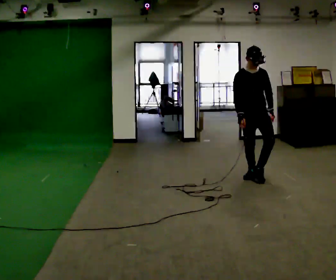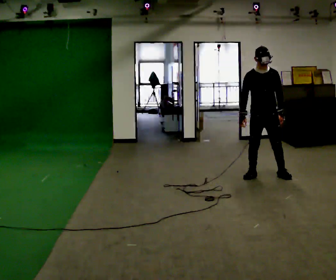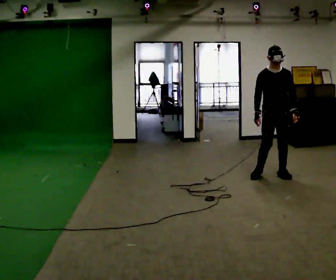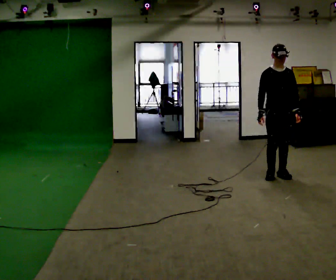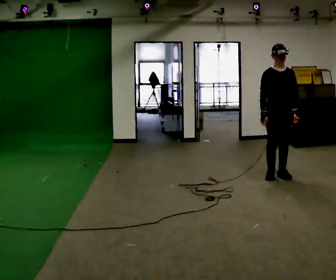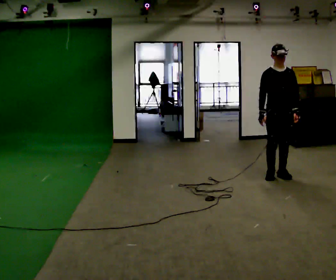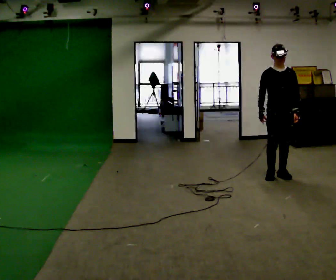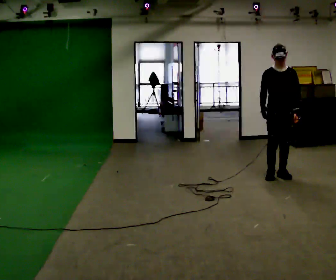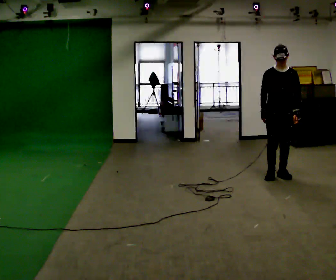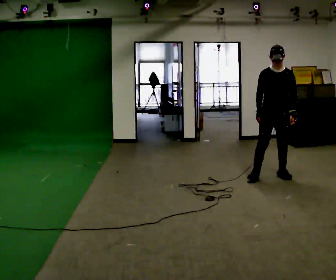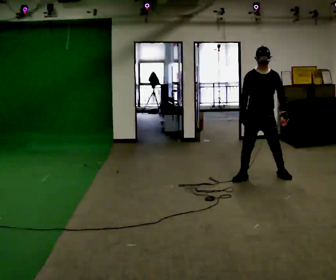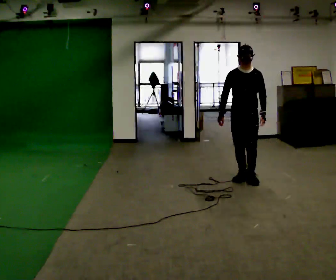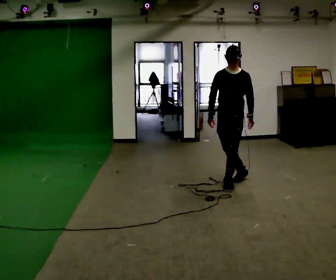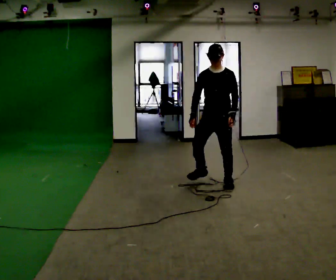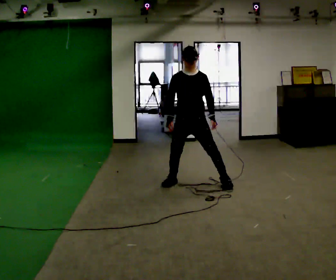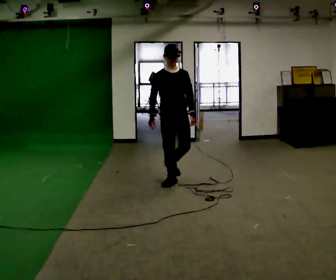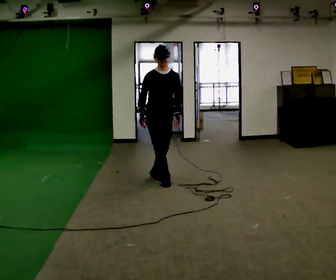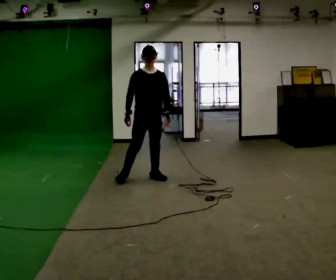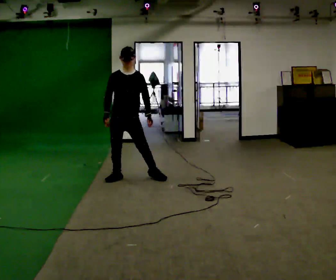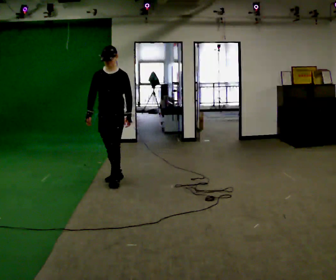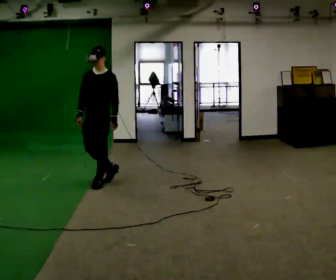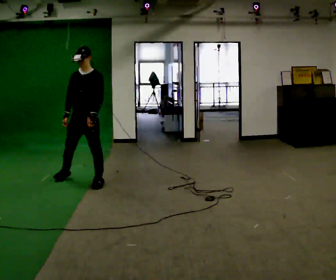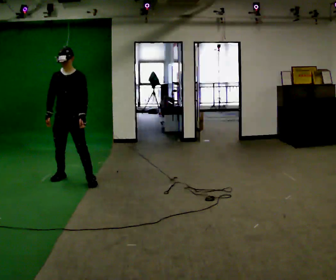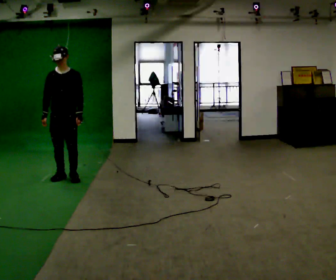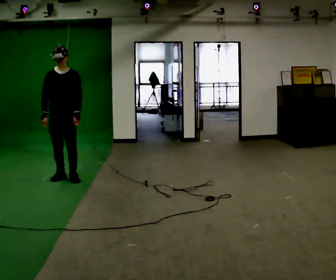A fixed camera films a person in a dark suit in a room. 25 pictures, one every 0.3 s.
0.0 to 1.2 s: In the picture they go to the right, about 0.25 m in 2 steps, which for them is to their left.
1.2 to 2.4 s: The person moves a little, or ends about where they began.
2.4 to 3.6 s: In the picture they go to the left, about 0.75 m in 2 steps, which for them is to their right.
3.6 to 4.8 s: Seen from above the body turns counterclockwise, about 45 degrees: to their left, with its near side sliding to the right. In the picture they go to the left, about 1 m in 2 steps, which for them is to their right.
4.8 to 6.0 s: The part of the body nearest the lens slides to the left as the person turns to their right by about 45 degrees. In the picture they go to the left, about 0.5 m in 2 steps, which for them is to their right.
6.0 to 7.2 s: The person turns about 30 degrees to their left, counterclockwise seen from above, so the part of the body nearest the lens slides to the right. In the picture they go to the left, about 0.5 m in 2 steps, which for them is to their right.
The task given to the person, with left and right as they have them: Move laterally left/right for ~3 m; natural controlled steps; stop.
The film runs forward here.
